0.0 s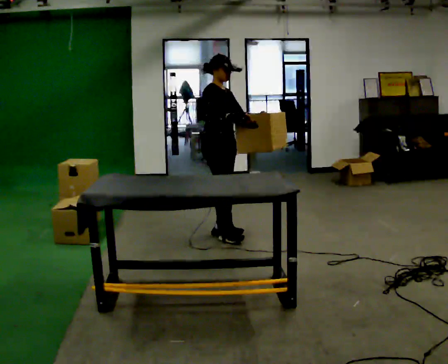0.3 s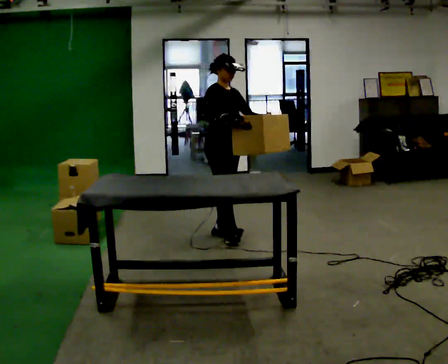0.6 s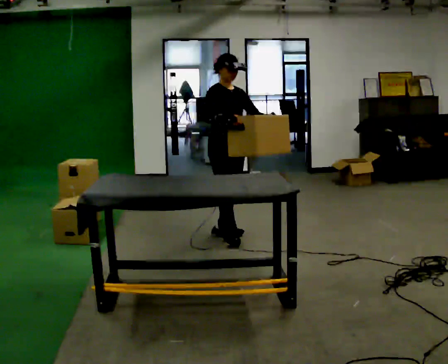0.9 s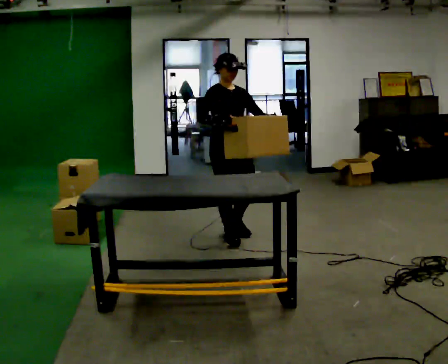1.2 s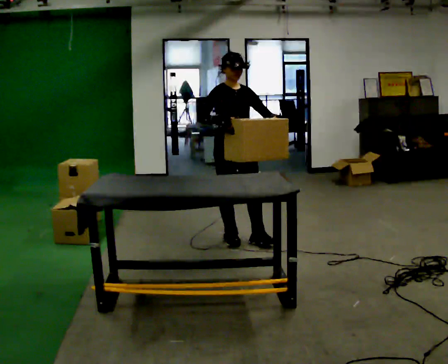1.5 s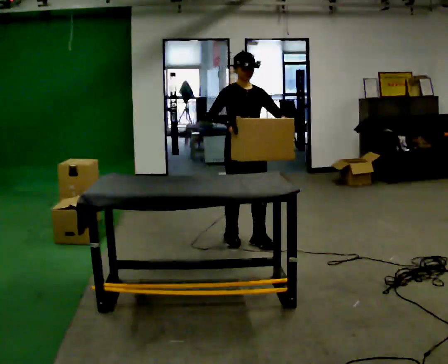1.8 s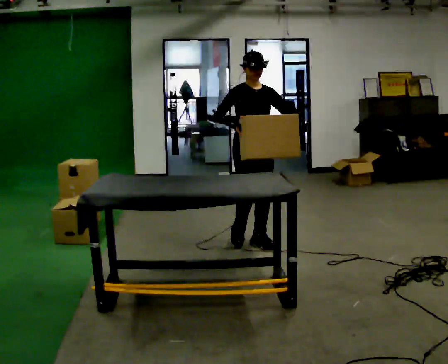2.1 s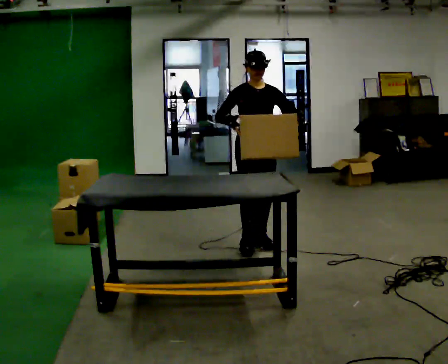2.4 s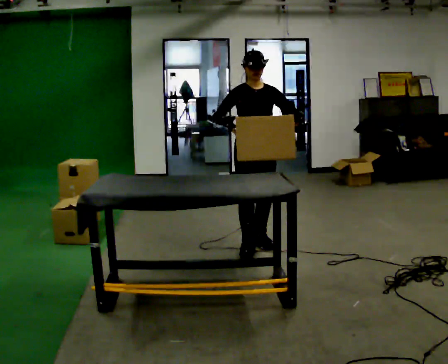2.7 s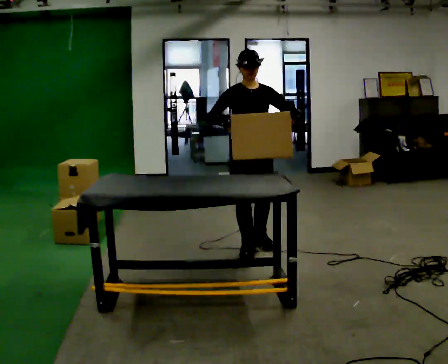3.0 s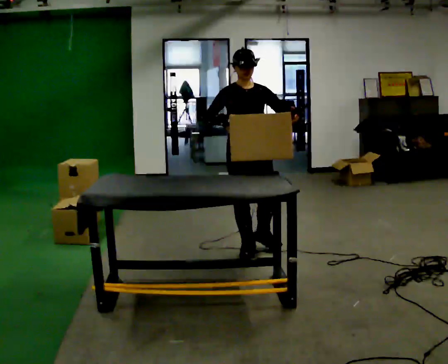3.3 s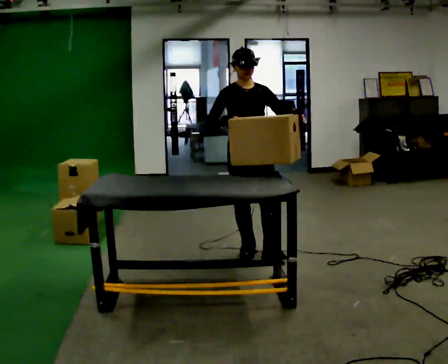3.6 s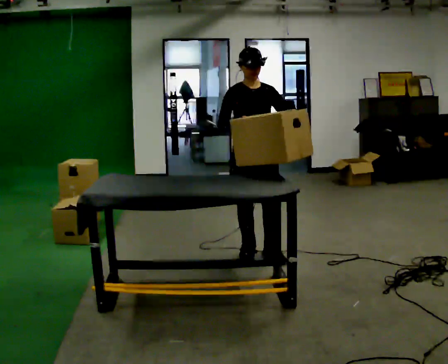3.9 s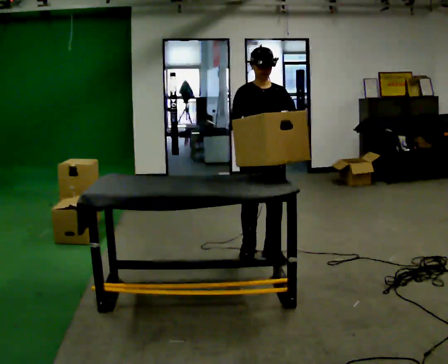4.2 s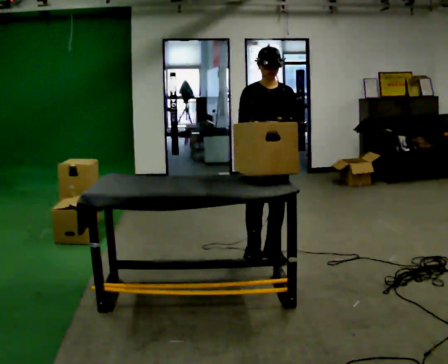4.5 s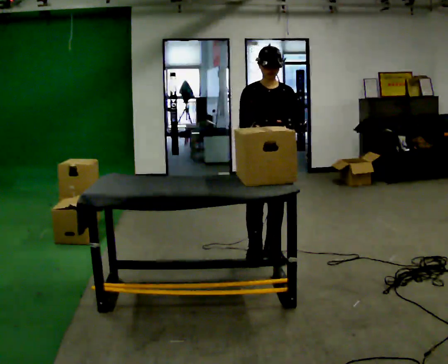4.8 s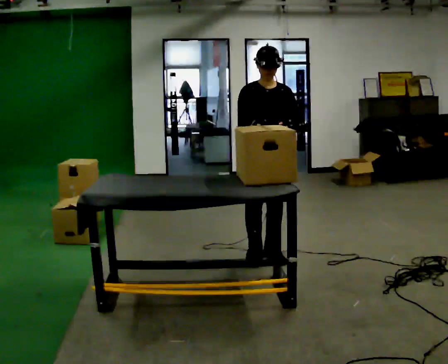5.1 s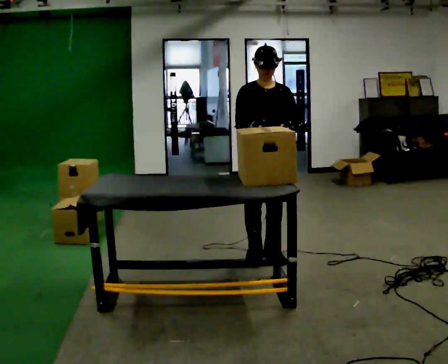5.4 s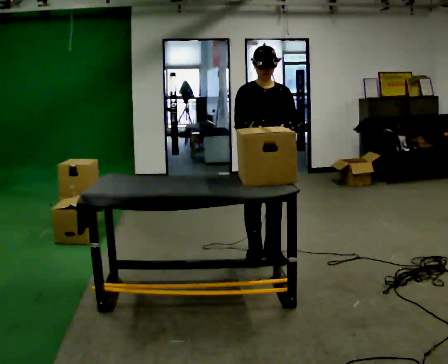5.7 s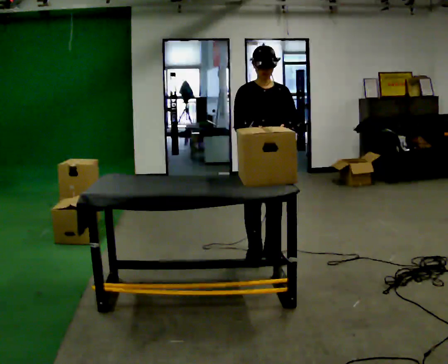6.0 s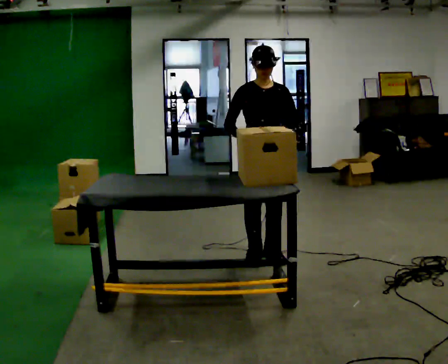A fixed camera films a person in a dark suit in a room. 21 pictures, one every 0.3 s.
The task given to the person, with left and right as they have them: Pick up the next box in the row and carry it to the table. The operator will not tell you how heavy each one is. Keep going until the operator says stop; one object at a time, and do not rush between trips.
0.0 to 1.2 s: The person turns about 30 degrees to their right, clockwise seen from above, so the part of the body nearest the lens slides to the left. In the picture they go toward the camera, about 0.25 m in 1 step, which for them is forward.
1.2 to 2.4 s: In the picture they go to the right, about 0.25 m in 2 steps, which for them is forward and to their left.
2.4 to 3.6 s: In the picture they go toward the camera, about 0.25 m in 1 step, which for them is forward.
3.6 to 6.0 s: The person moves a little, or ends about where they began.
The film runs forward here.
